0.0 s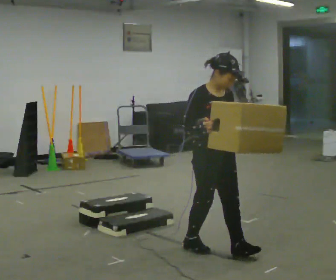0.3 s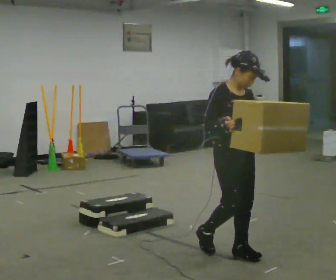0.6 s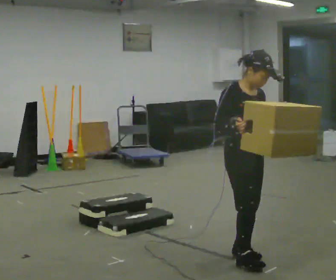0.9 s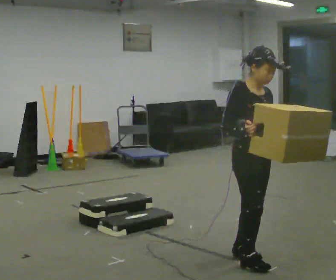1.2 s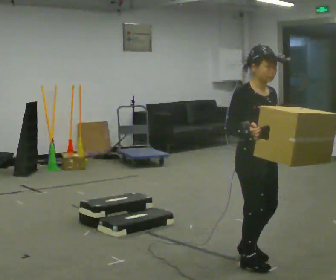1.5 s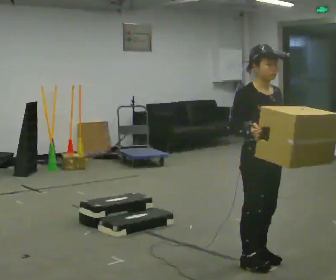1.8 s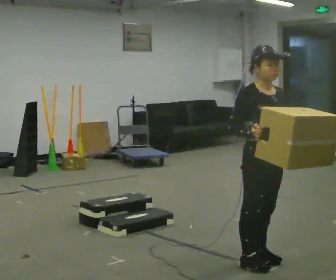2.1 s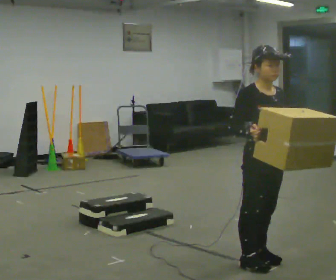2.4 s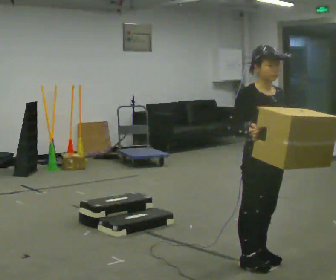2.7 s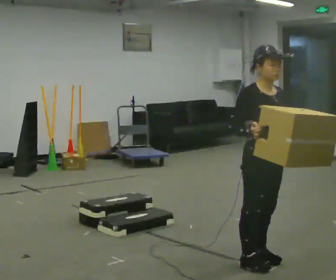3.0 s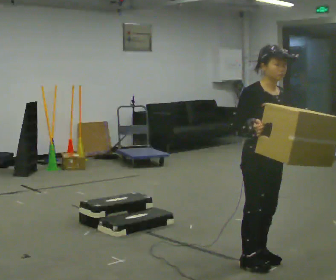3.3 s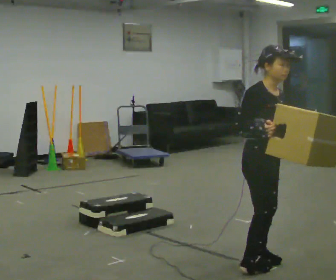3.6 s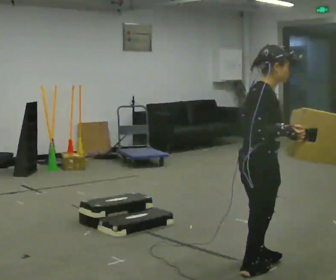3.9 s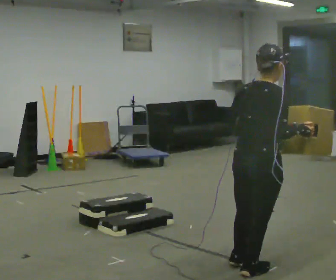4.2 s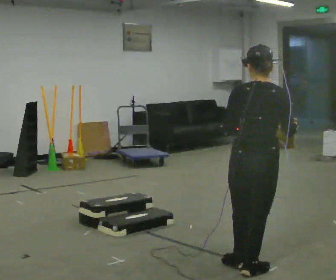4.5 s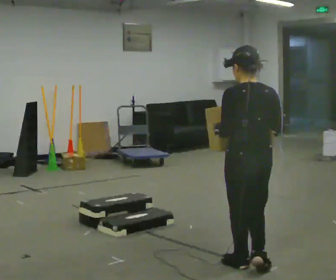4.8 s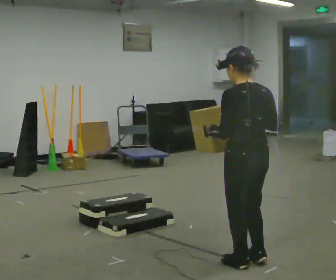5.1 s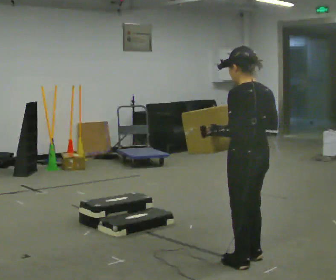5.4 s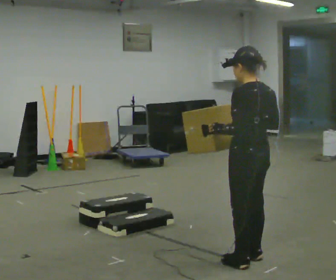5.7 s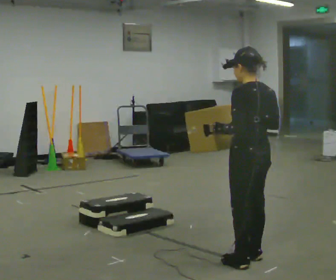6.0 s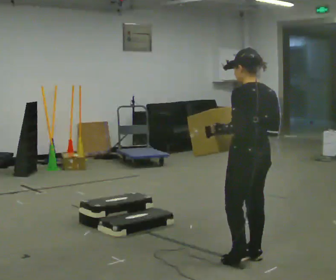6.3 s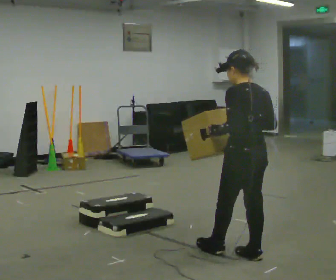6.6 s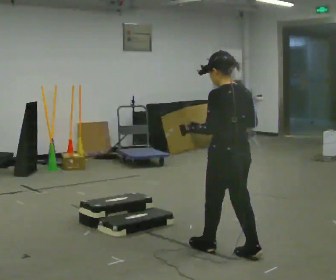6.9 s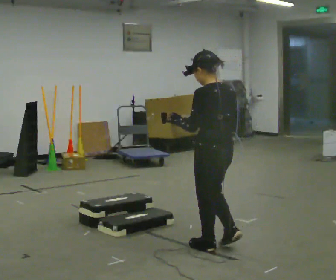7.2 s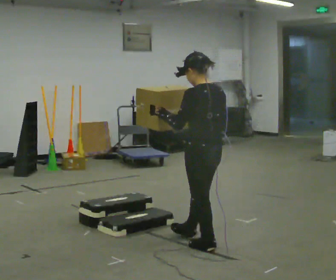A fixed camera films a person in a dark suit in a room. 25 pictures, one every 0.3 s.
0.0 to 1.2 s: In the picture they go toward the camera and to the right, about 0.5 m in 1 step, which for them is forward.
1.2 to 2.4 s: The person moves a little, or ends about where they began.
2.4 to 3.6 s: The person turns about 60 degrees to their left, counterclockwise seen from above, so the part of the body nearest the lens slides to the right.
3.6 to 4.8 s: The person turns about 120 degrees to their left, counterclockwise seen from above, so the part of the body nearest the lens slides to the right.
4.8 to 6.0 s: In the picture they go away from the camera, about 0.25 m in 1 step, which for them is to their right.
6.0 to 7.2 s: In the picture they go to the left and away from the camera, about 0.5 m in 1 step, which for them is forward.
The film runs forward here.
